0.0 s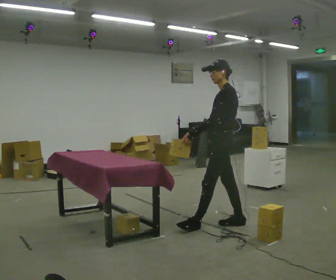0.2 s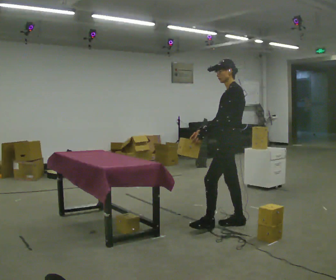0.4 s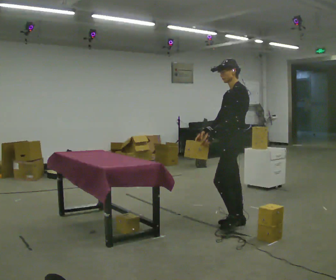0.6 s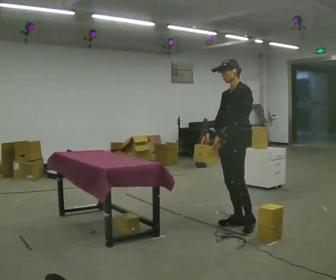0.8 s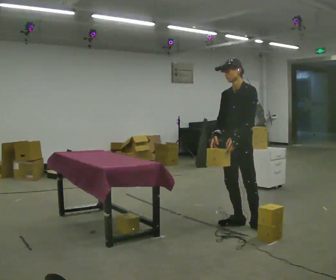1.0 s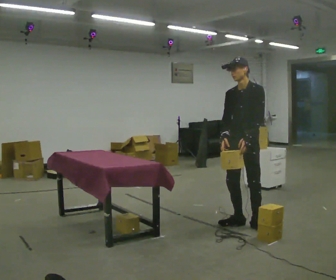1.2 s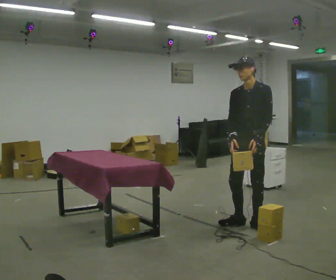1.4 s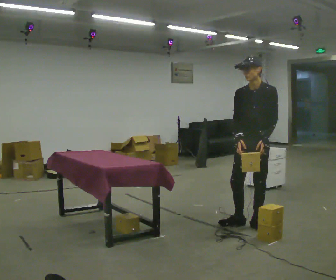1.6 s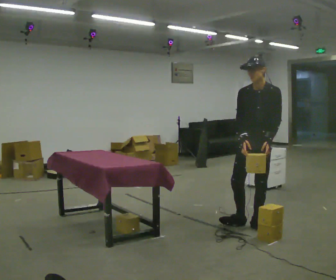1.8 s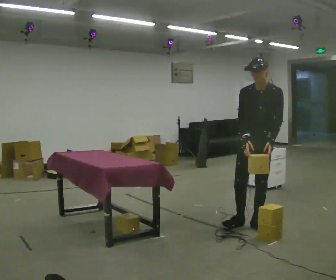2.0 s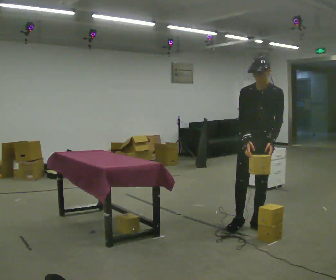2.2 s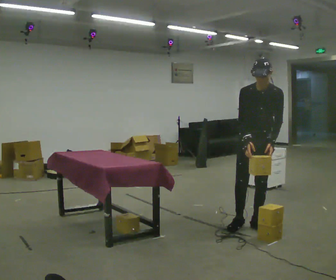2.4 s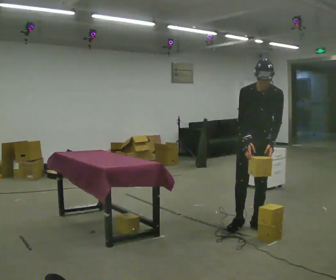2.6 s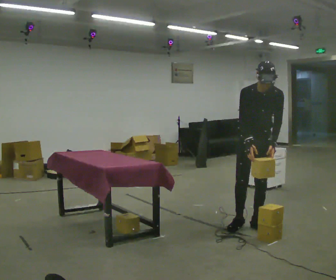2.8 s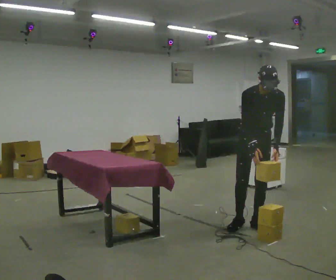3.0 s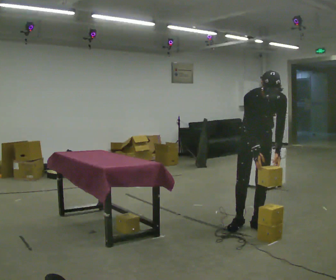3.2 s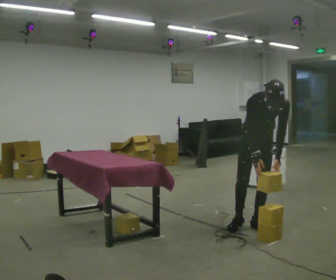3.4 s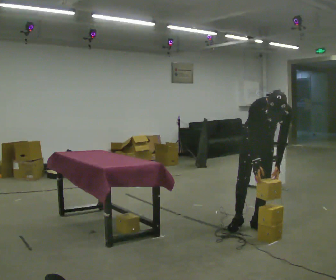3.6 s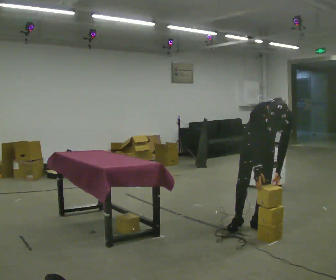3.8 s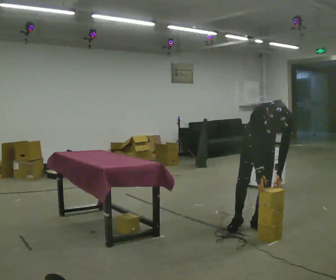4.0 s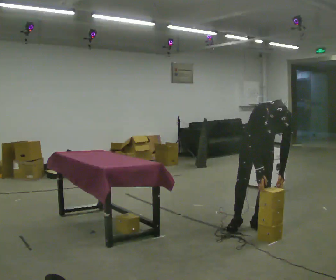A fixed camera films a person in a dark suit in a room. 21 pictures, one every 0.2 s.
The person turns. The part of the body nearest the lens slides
to the right.
The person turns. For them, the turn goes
to their left.
0.0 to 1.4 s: Seen from above the body turns counterclockwise, about 60 degrees: to their left, with its near side sliding to the right. In the picture they go to the right, about 0.25 m in 1 step, which for them is to their left and backward.
1.4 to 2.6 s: The person moves a little, or ends about where they began.
2.6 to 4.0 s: The shoulders move downward. The upper body tips toward the camera, its near side rolling downward, as they bend forward.
The film runs backward here.
